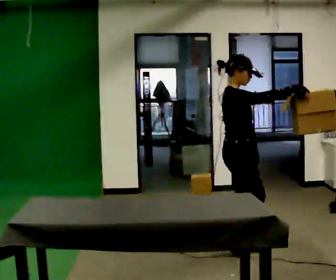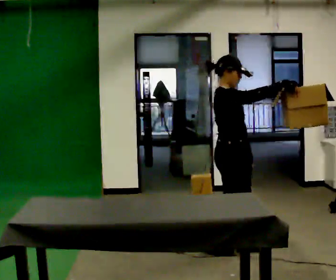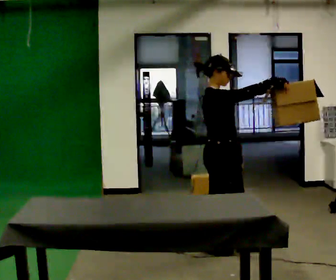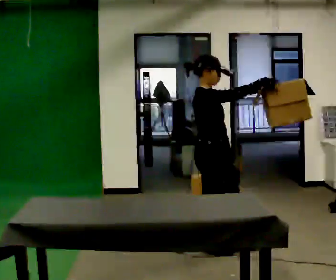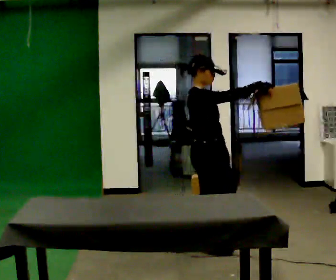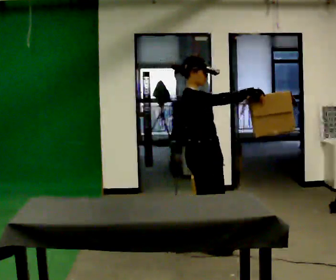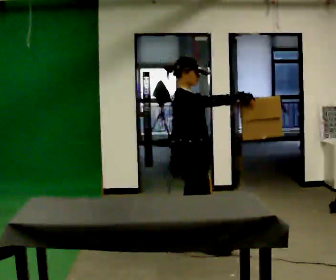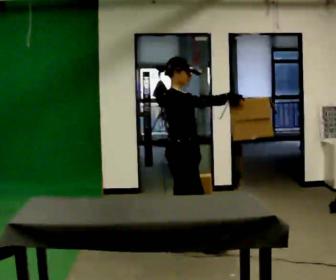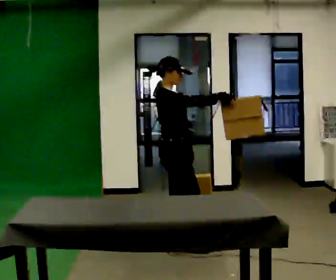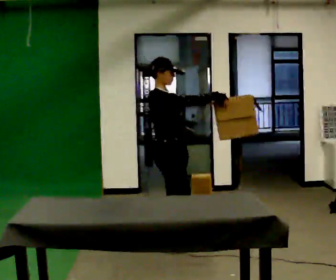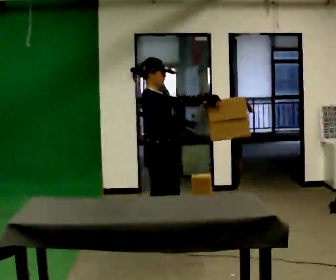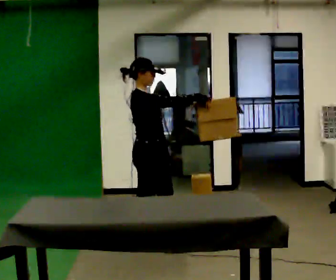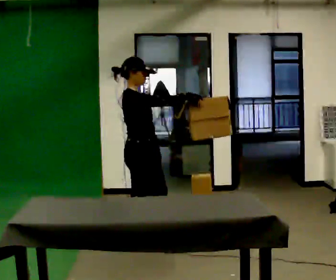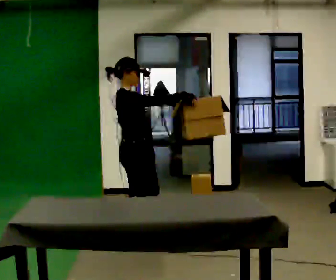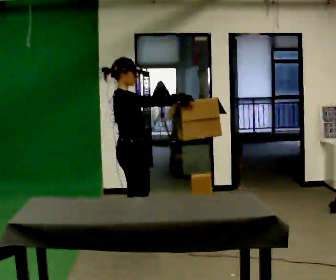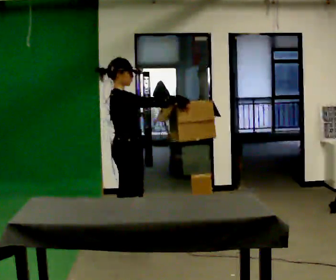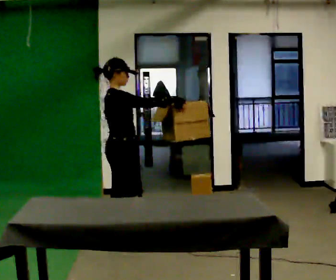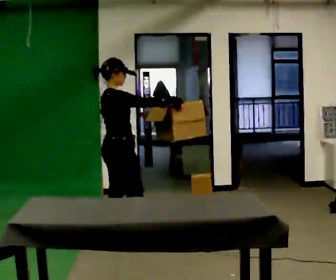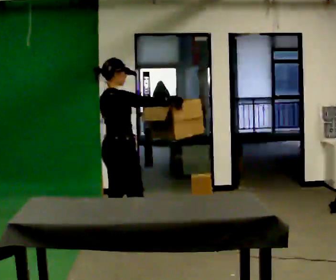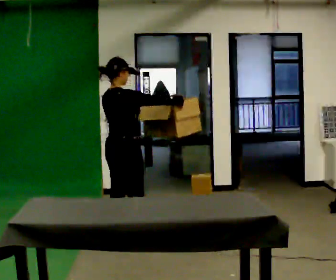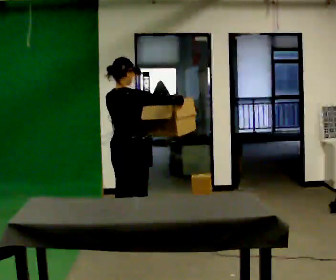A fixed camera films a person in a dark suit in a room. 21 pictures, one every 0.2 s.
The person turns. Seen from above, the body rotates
counterclockwise.
The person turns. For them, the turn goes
to their left.
0.0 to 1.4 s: In the picture they go to the left and away from the camera, about 0.5 m in 1 step, which for them is backward.
1.4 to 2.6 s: In the picture they go to the left, about 0.5 m in 2 steps, which for them is backward.
2.6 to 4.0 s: The part of the body nearest the lens slides to the right as the person turns to their left by about 60 degrees. In the picture their left hand goes to the left.
The film runs backward here.
